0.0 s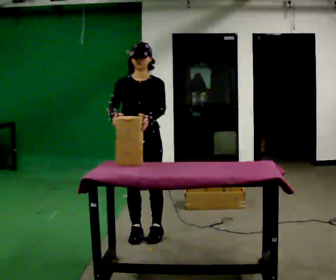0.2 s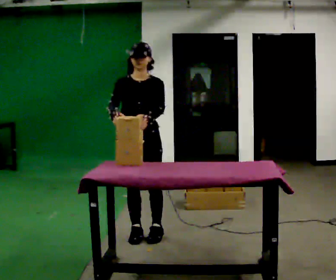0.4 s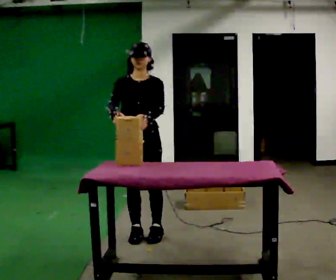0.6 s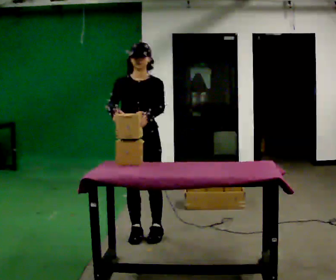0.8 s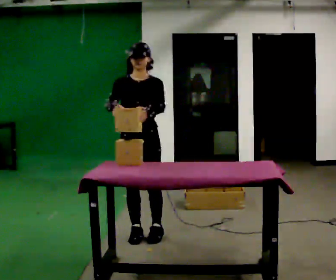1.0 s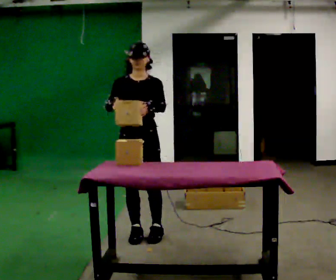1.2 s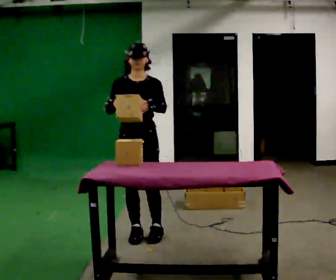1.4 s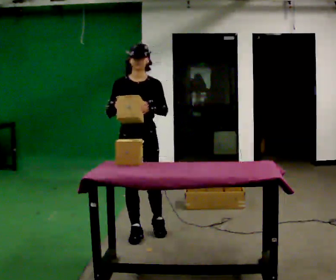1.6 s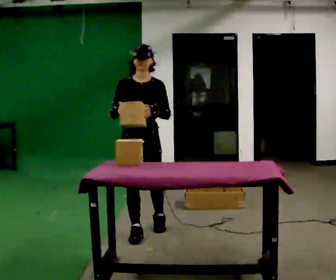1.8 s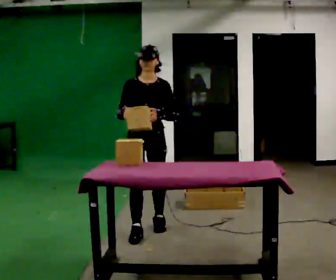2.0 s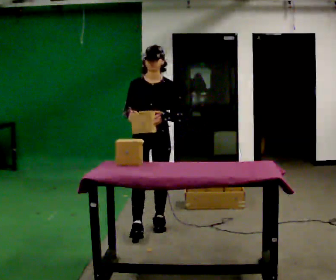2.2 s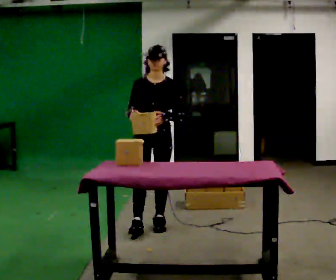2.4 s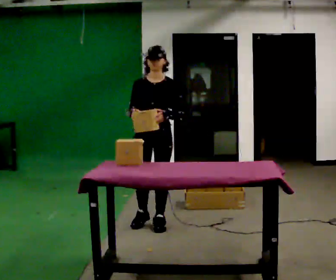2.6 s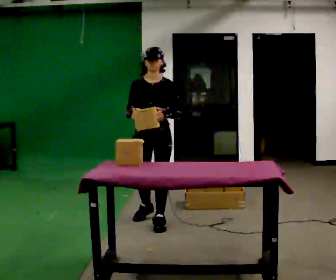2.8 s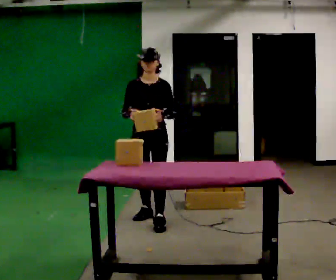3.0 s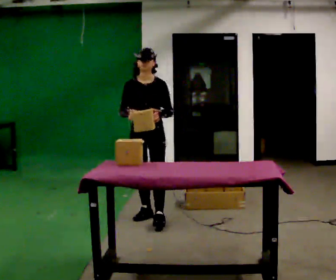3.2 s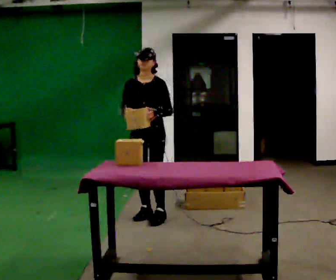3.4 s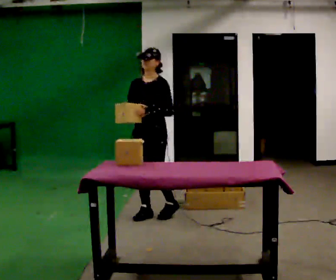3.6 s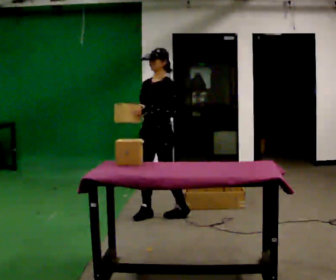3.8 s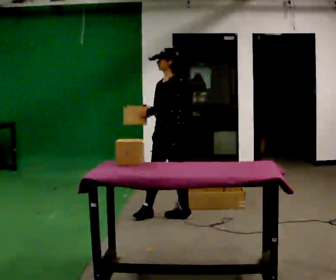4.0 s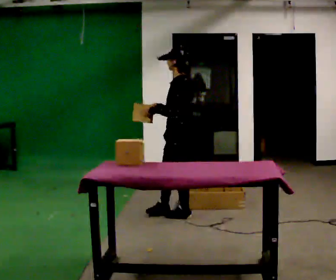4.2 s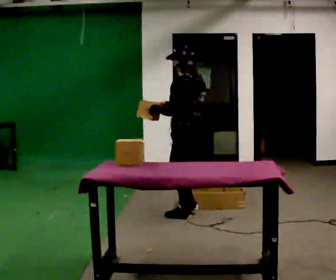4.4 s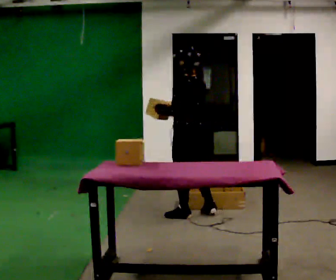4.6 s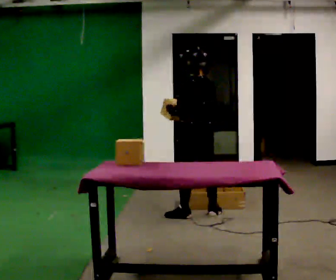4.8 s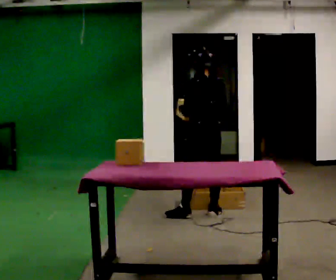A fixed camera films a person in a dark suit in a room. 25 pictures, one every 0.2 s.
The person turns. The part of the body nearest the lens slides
to the left.
The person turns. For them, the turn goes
to their right.
0.0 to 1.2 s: The person moves a little, or ends about where they began.
1.2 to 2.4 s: In the picture they go away from the camera, about 0.25 m in 2 steps, which for them is backward.
2.4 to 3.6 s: The part of the body nearest the lens slides to the left as the person turns to their right by about 30 degrees. In the picture they go away from the camera, about 0.25 m in 1 step, which for them is backward.
3.6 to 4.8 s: The person turns about 105 degrees to their right, clockwise seen from above, so the part of the body nearest the lens slides to the left. In the picture they go to the right, about 0.5 m in 1 step.
The film runs backward here.
